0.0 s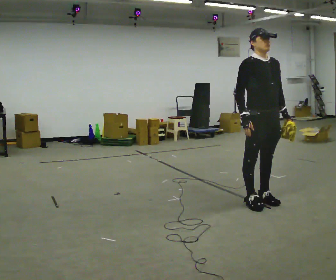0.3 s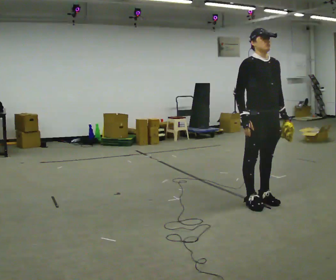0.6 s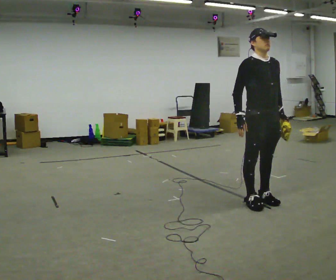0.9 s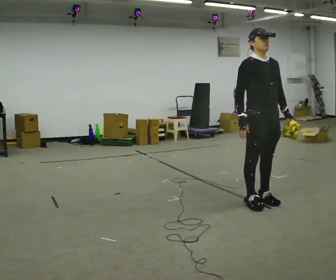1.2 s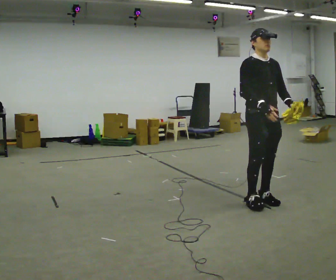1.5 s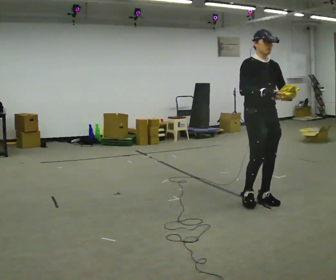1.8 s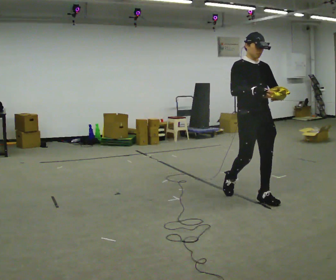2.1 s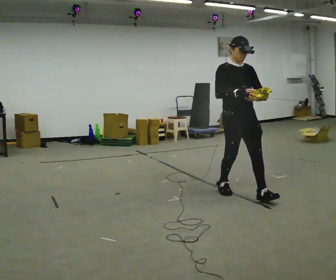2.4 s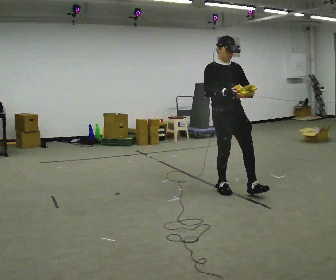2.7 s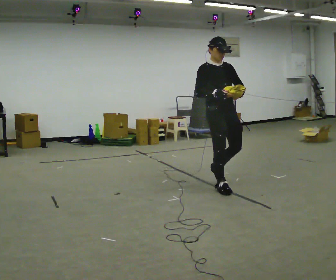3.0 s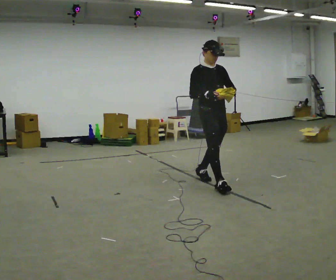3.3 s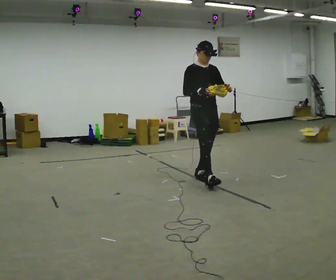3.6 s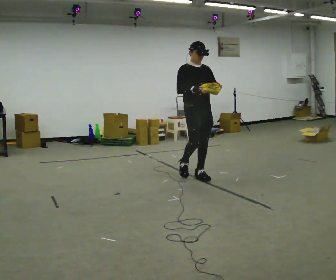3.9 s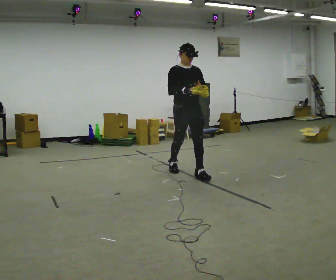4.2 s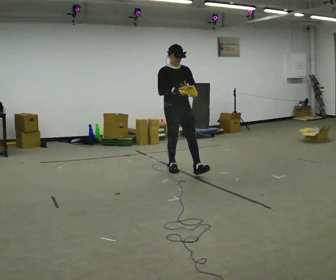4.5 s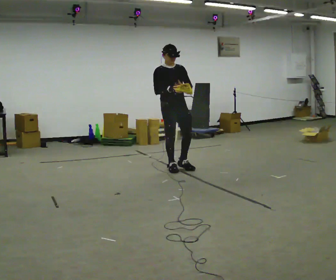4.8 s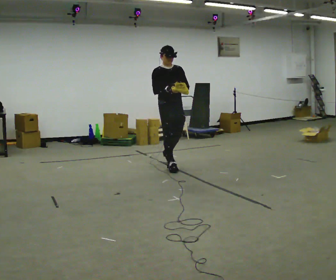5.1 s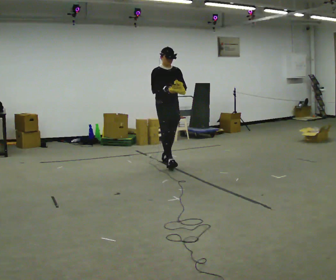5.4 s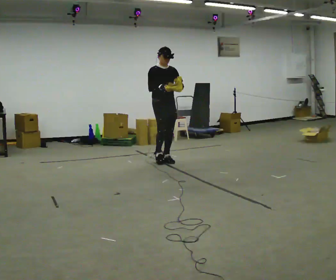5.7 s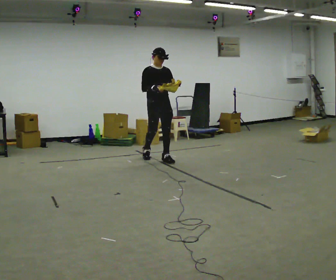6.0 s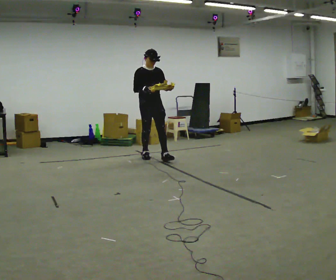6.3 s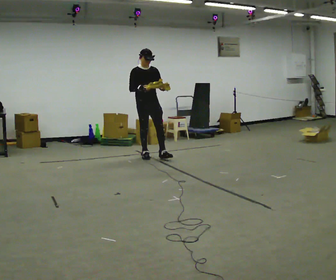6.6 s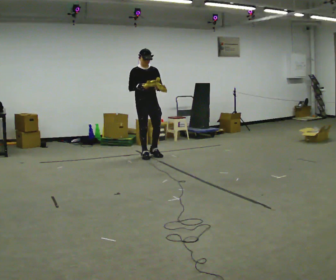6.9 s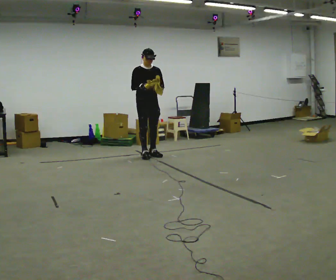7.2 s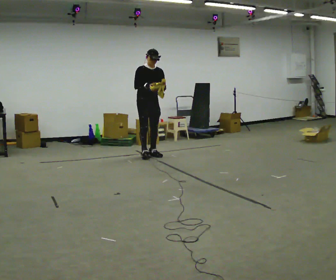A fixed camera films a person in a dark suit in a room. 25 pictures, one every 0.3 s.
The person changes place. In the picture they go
away from the camera.
0.0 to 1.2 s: The person moves a little, or ends about where they began.
1.2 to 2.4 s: In the picture they go away from the camera and to the left, about 0.5 m in 2 steps, which for them is backward.
2.4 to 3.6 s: In the picture they go away from the camera and to the left, about 0.5 m in 1 step, which for them is backward.
3.6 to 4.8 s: In the picture they go away from the camera and to the left, about 0.75 m in 1 step, which for them is backward.
4.8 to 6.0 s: In the picture they go away from the camera and to the left, about 0.75 m in 1 step, which for them is backward.
6.0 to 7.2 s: In the picture they go away from the camera, about 0.25 m in 1 step, which for them is backward.
The film runs backward here.
